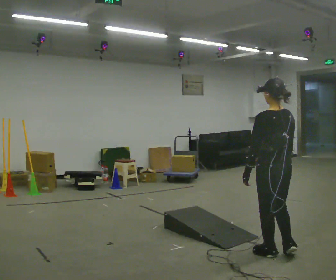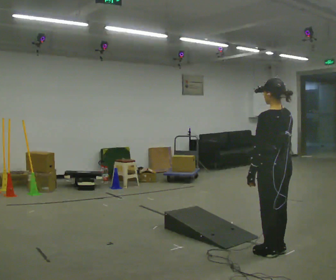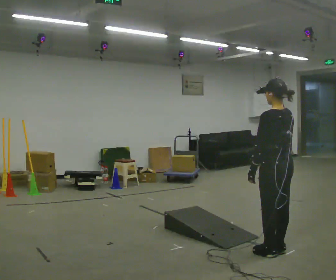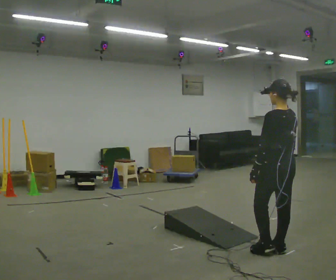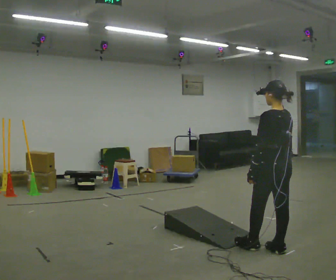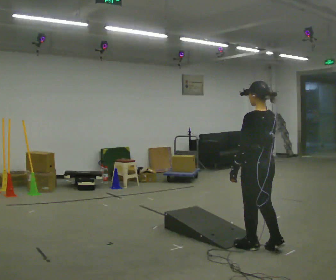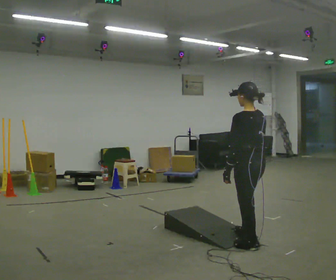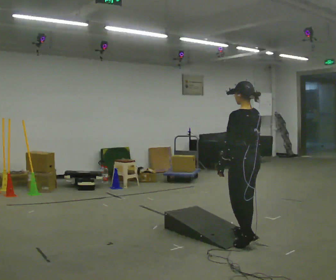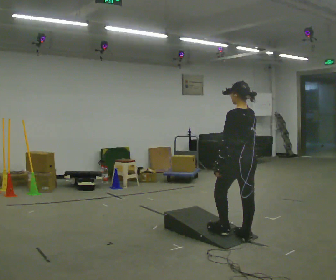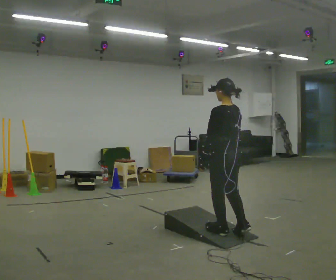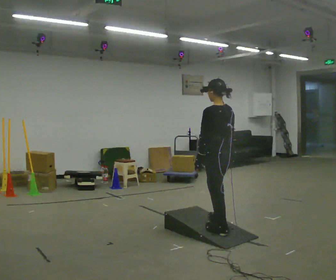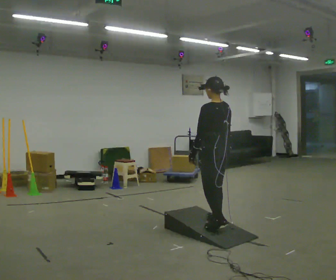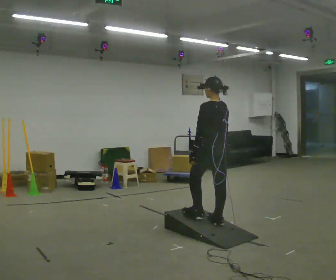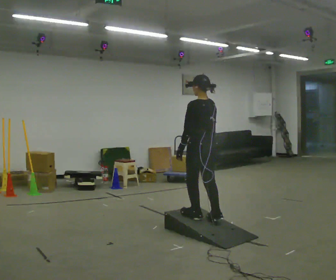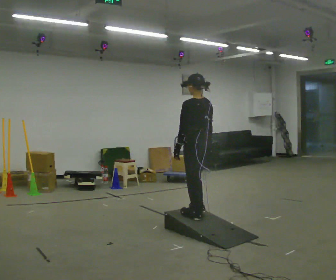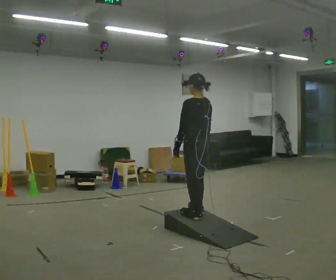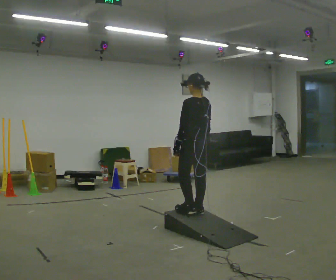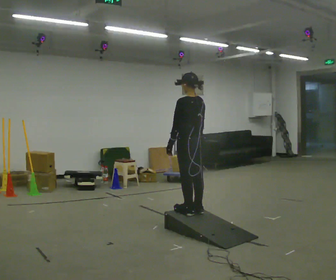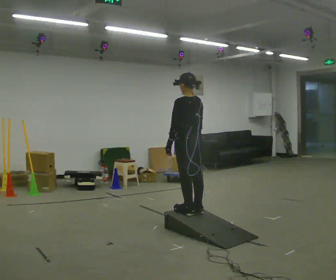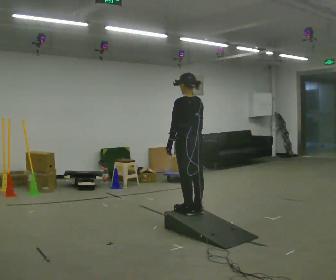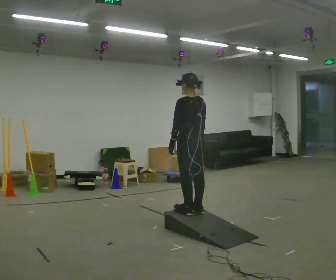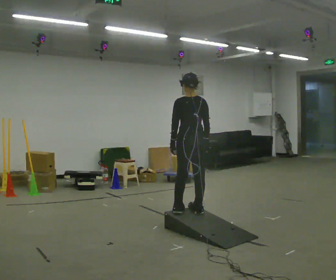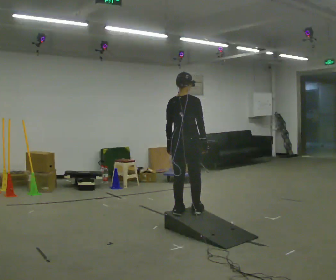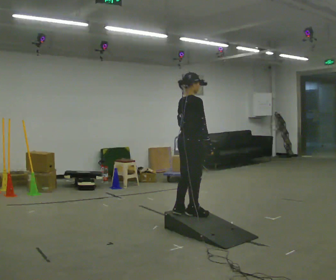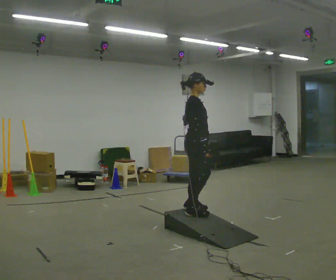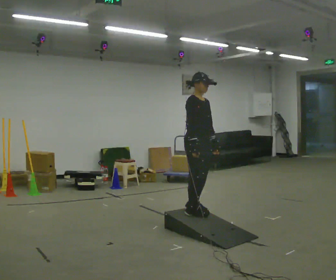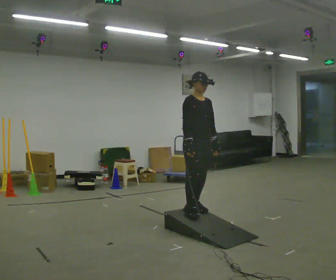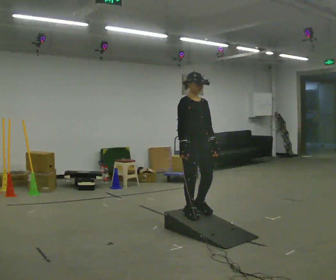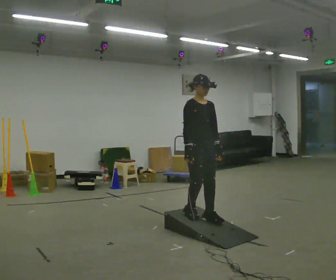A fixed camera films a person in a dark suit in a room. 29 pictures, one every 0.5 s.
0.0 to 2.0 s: The person moves a little, or ends about where they began.
2.0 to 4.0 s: In the picture they go away from the camera and to the left, about 0.5 m in 1 step, which for them is forward.
4.0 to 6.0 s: In the picture they go away from the camera and to the left, about 0.5 m in 2 steps, which for them is forward.
6.0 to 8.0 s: In the picture they go away from the camera and to the left, about 0.25 m in 2 steps, which for them is forward.
8.0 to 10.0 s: The person moves a little, or ends about where they began.
10.0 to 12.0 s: The person turns about 135 degrees to their right, clockwise seen from above, so the part of the body nearest the lens slides to the left.
12.0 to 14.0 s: Seen from above the body turns clockwise, about 45 degrees: to their right, with its near side sliding to the left.
The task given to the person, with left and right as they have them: Walk up the ramp, turn at the top, and walk back down at a comfortable speed.
The film runs forward here.
